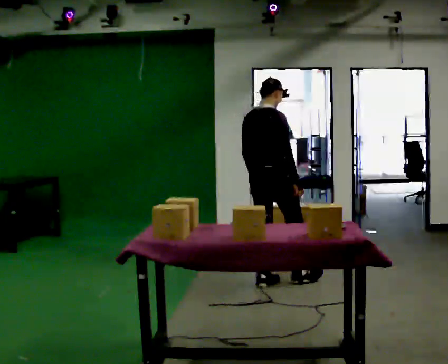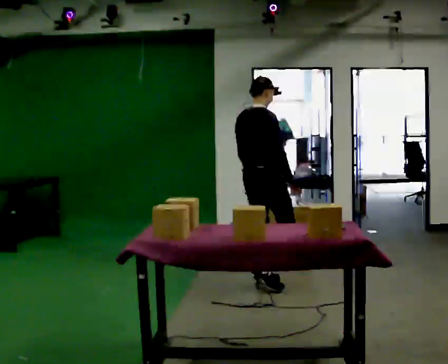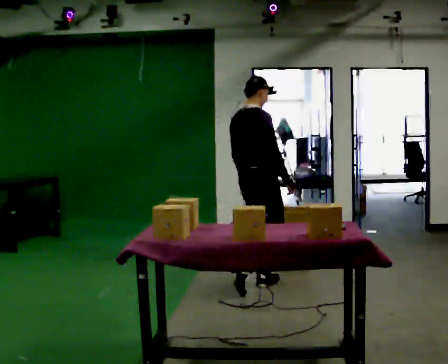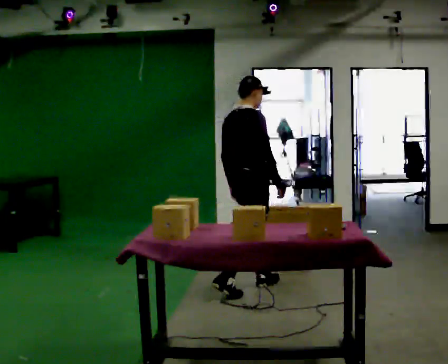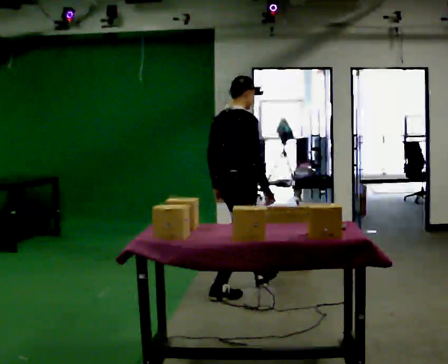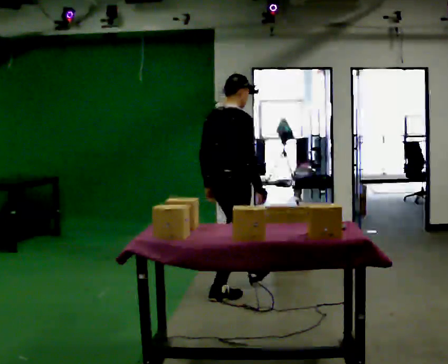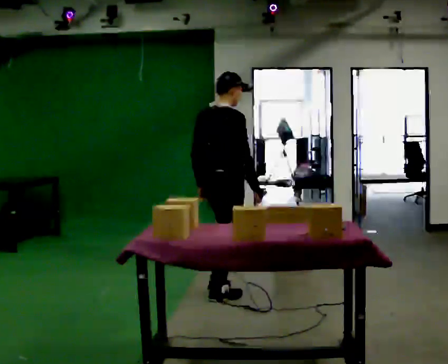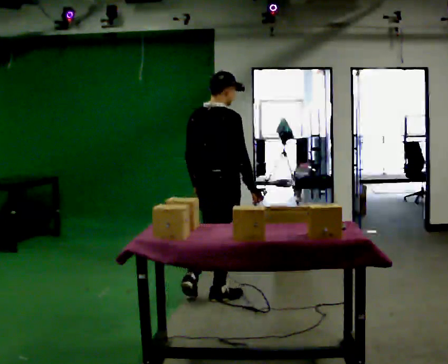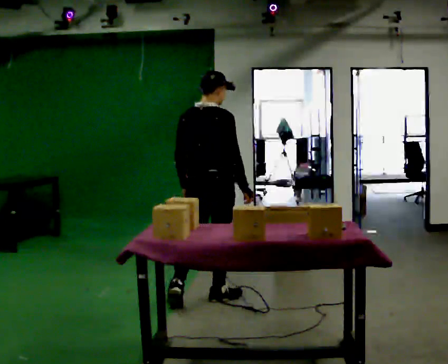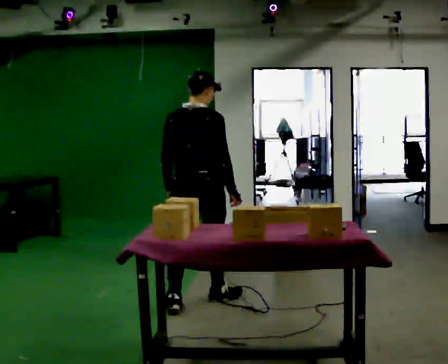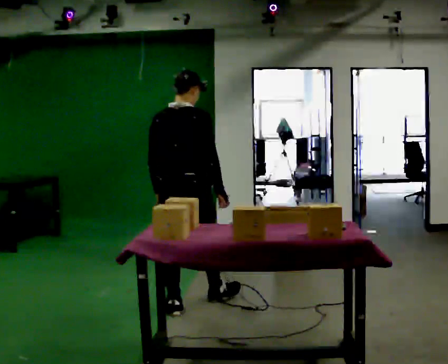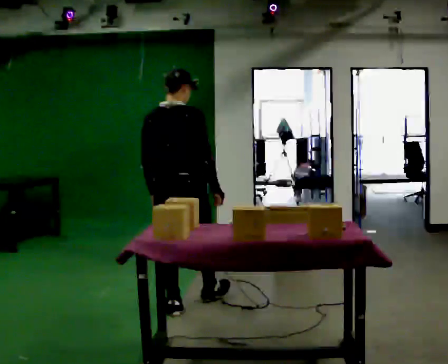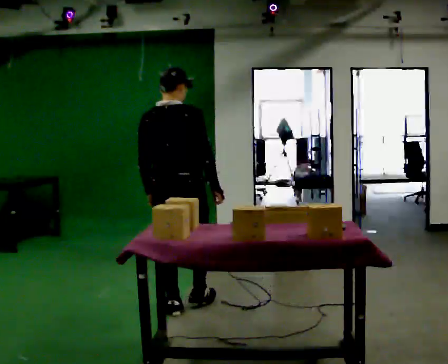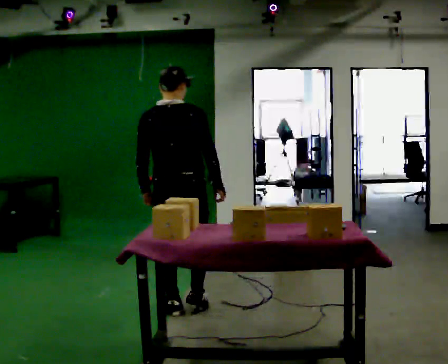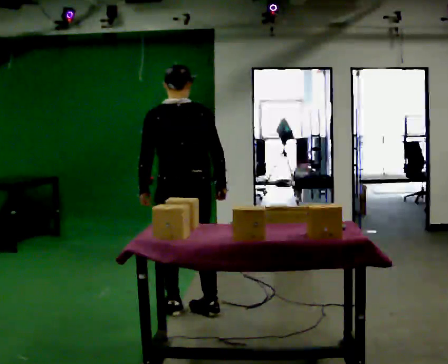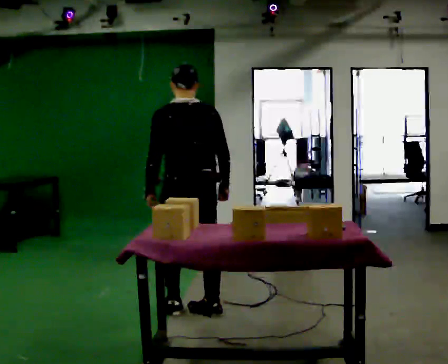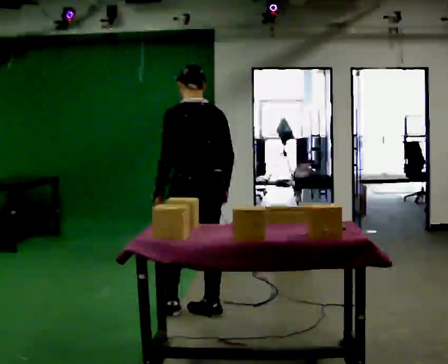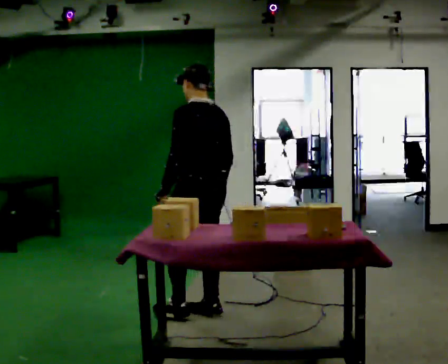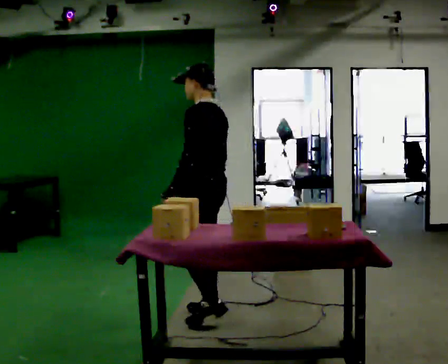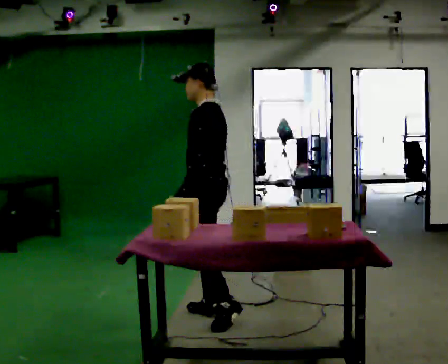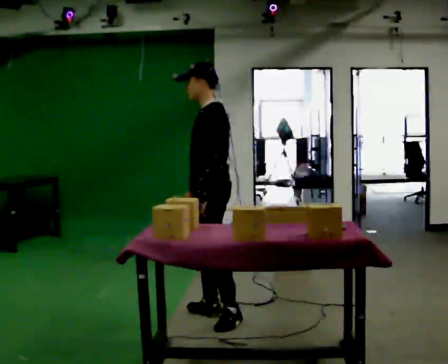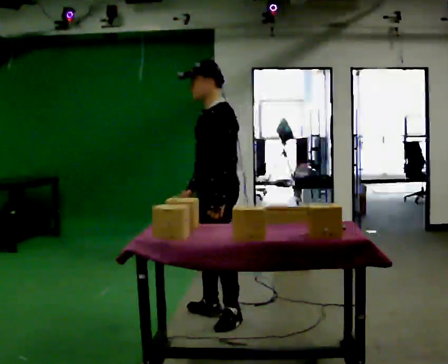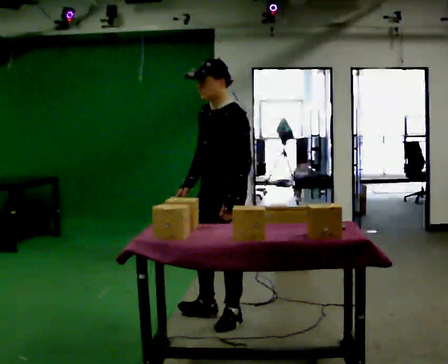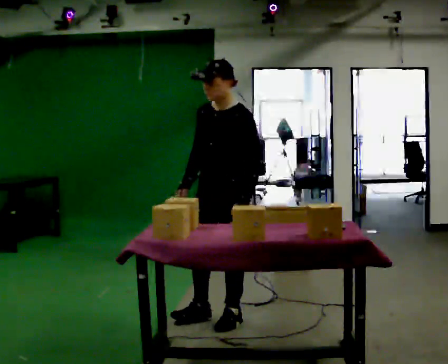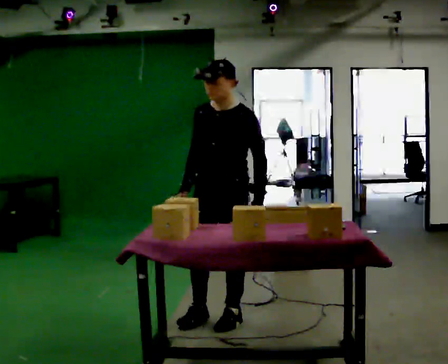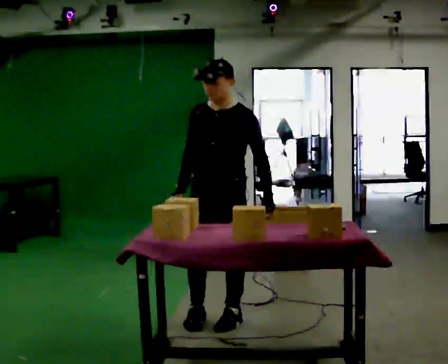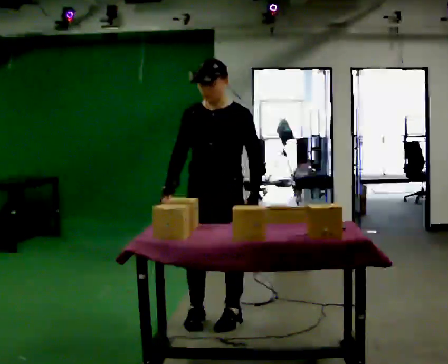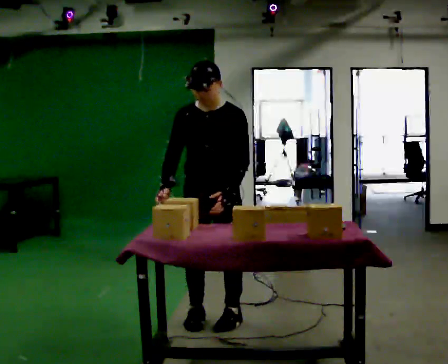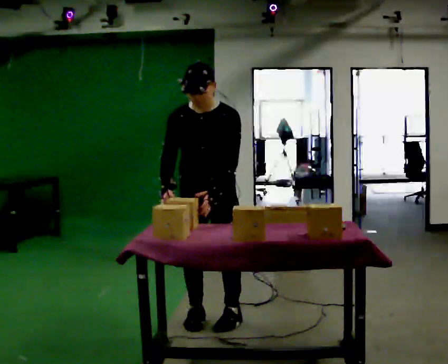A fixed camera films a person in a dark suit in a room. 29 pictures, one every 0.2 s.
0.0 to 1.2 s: In the picture they go toward the camera and to the left, about 0.5 m in 1 step, which for them is backward.
1.2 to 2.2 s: Seen from above the body turns counterclockwise, about 30 degrees: to their left, with its near side sliding to the right. In the picture they go toward the camera and to the left, about 0.5 m in 1 step, which for them is backward.
2.2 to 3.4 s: The part of the body nearest the lens slides to the right as the person turns to their left by about 60 degrees. In the picture they go to the right, about 0.25 m in 1 step.
3.4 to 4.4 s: The person turns about 75 degrees to their left, counterclockwise seen from above, so the part of the body nearest the lens slides to the right. In the picture they go to the right, about 0.25 m. In the picture their left hand goes to the right.
4.4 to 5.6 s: Seen from above the body turns counterclockwise, about 45 degrees: to their left, with its near side sliding to the right.
The film runs backward here.
